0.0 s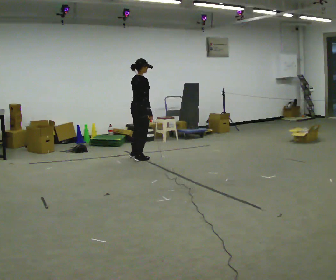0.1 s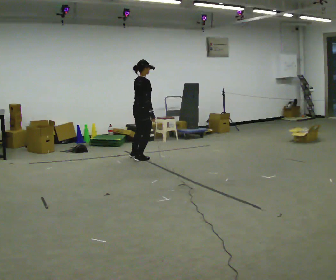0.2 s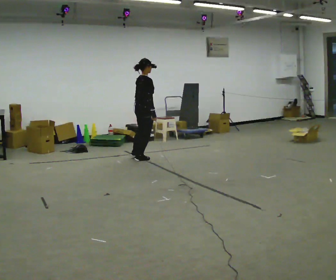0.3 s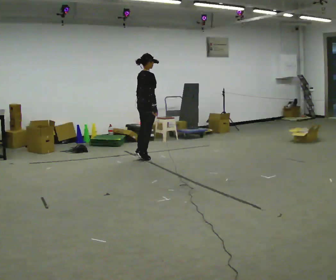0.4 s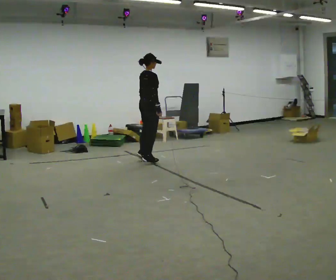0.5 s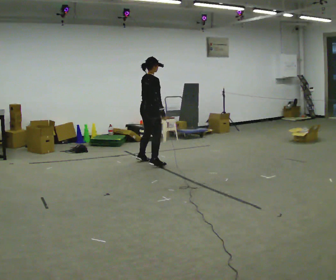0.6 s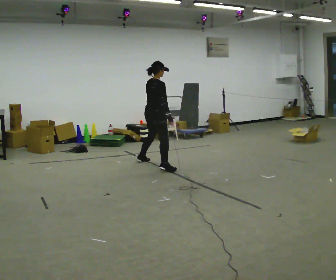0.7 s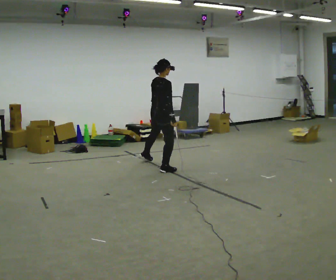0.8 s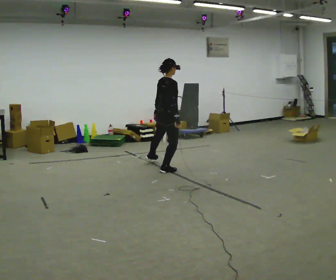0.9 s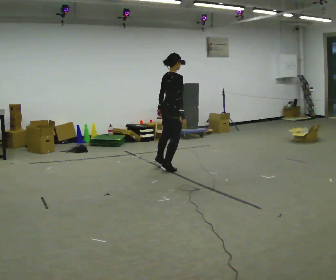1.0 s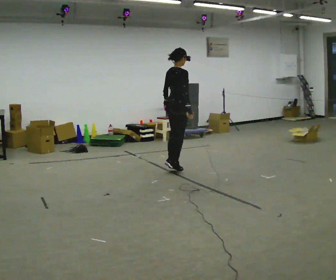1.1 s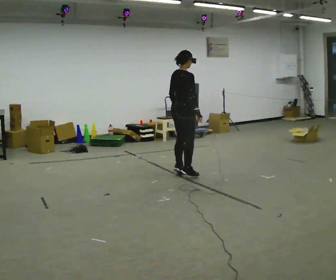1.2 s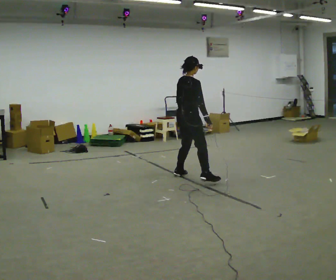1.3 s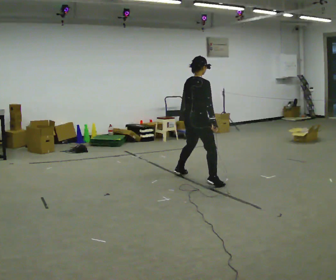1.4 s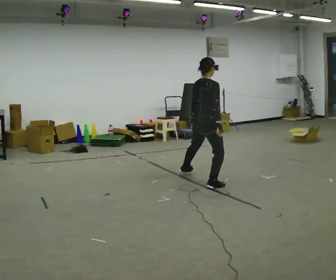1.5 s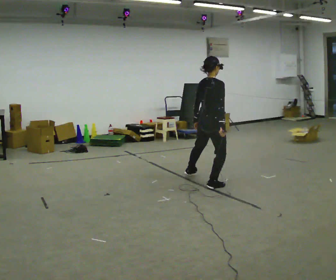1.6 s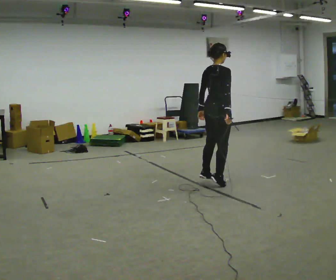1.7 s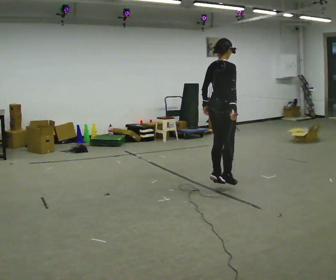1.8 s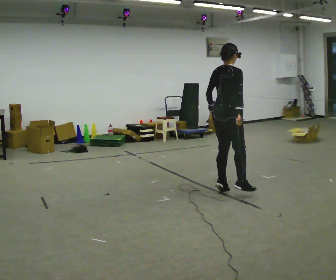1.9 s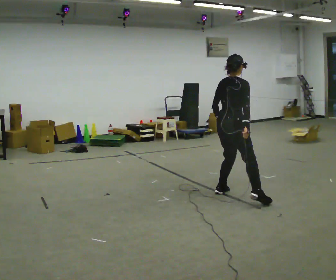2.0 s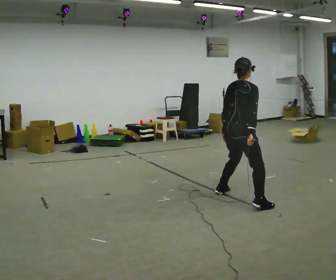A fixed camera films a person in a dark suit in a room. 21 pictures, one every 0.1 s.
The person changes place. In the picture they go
toward the camera.
0.0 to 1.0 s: In the picture they go toward the camera and to the right, about 1 m in 4 steps, which for them is to their right.
1.0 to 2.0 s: In the picture they go toward the camera and to the right, about 1.5 m in 2 steps, which for them is to their right.
The film runs backward here.
